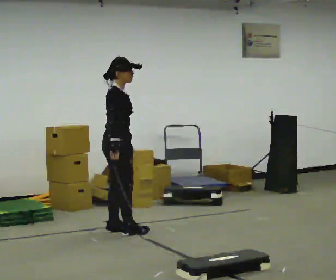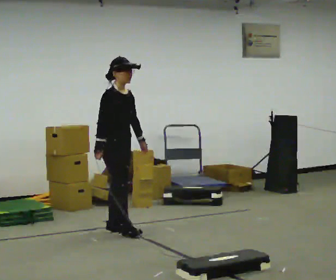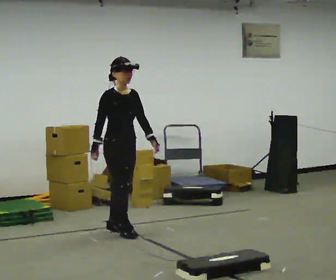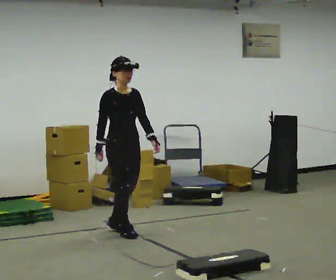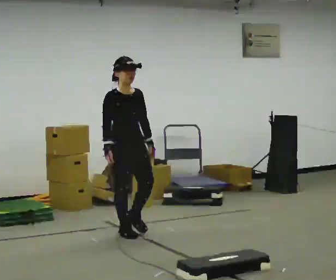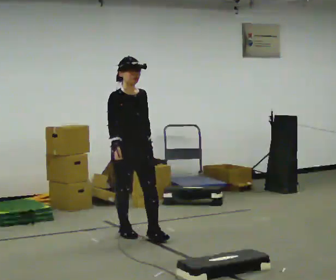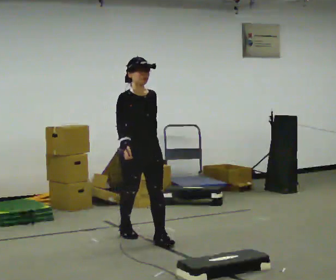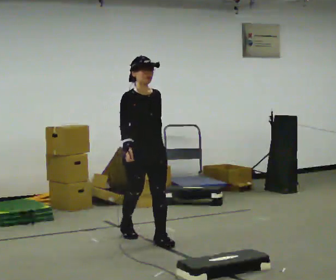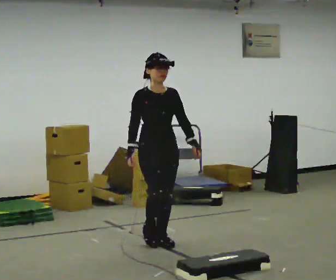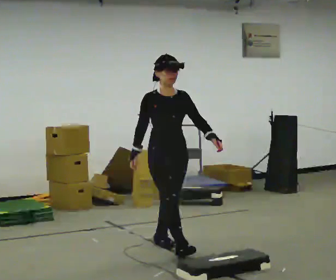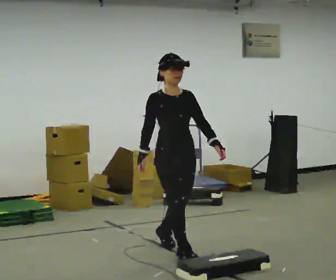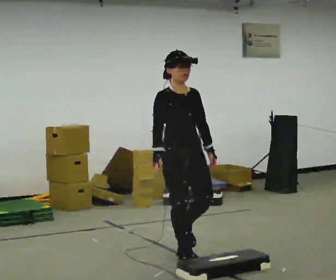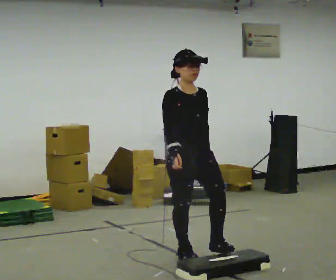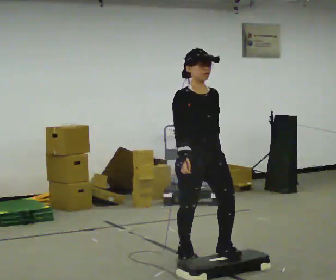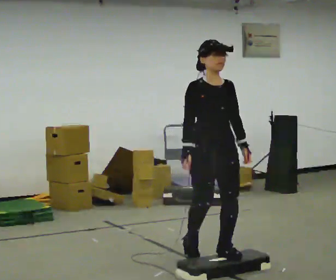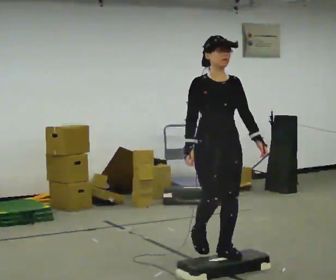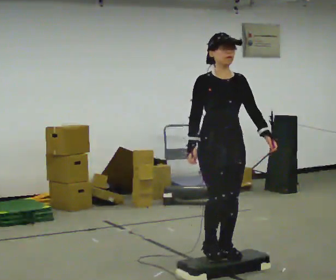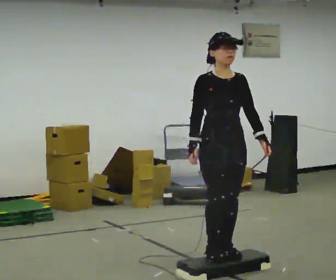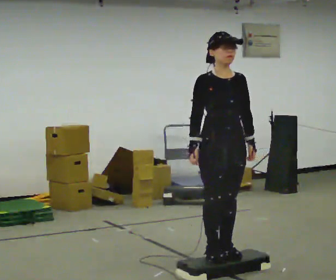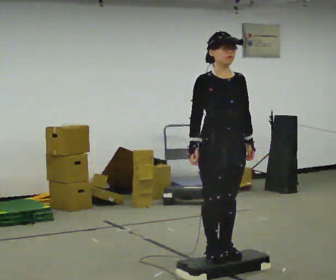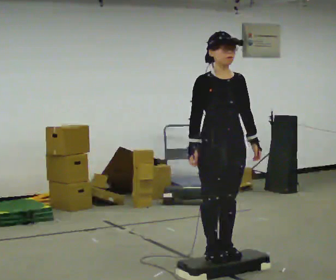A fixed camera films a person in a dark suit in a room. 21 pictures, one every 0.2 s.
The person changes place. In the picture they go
toward the camera.
0.0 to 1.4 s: Seen from above the body turns clockwise, about 60 degrees: to their right, with its near side sliding to the left. In the picture they go toward the camera and to the right, about 0.5 m in 1 step.
1.4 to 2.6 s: In the picture they go toward the camera and to the right, about 1 m in 2 steps, which for them is forward.
2.6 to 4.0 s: In the picture they go toward the camera, about 0.25 m in 1 step, which for them is forward.
The film runs forward here.
